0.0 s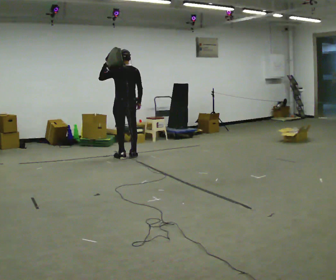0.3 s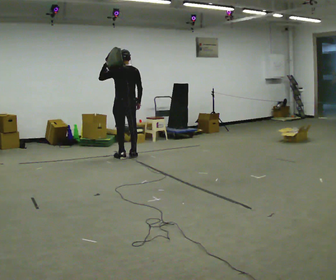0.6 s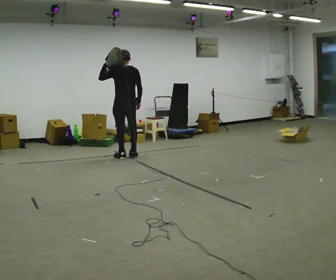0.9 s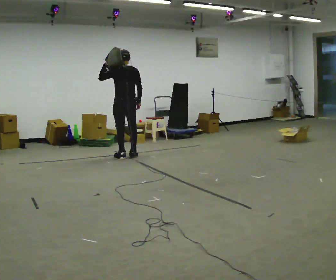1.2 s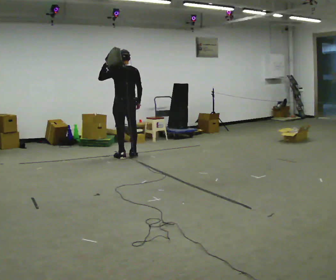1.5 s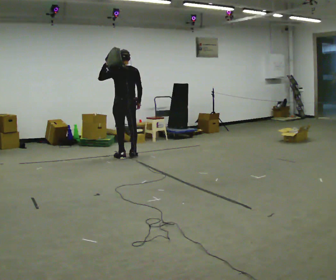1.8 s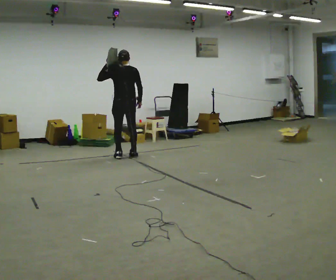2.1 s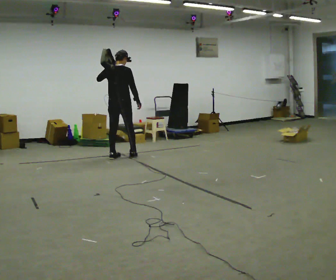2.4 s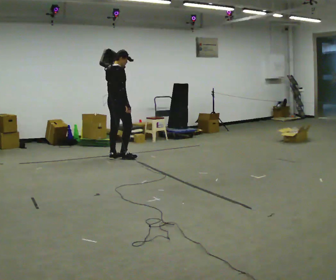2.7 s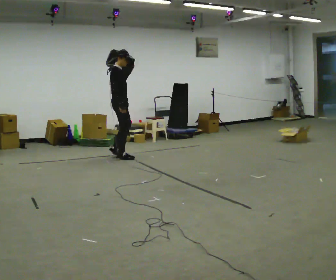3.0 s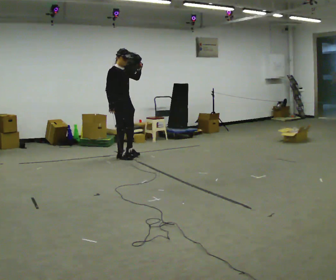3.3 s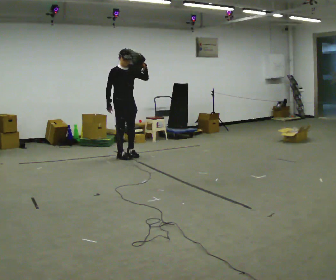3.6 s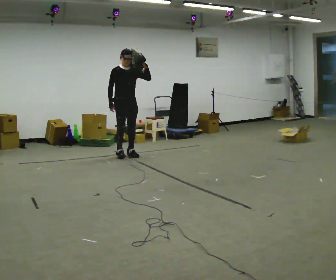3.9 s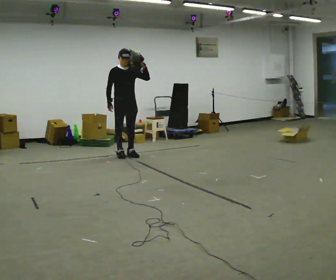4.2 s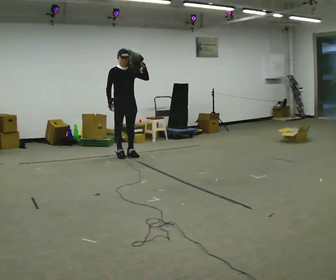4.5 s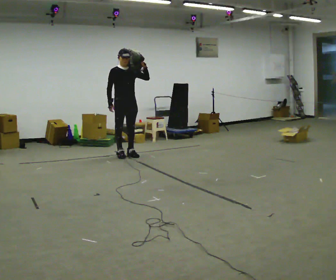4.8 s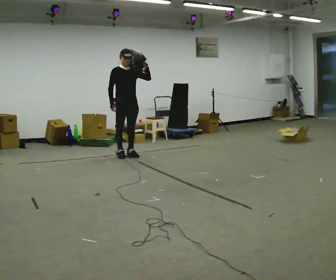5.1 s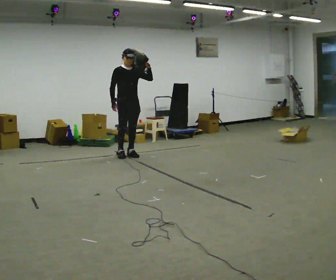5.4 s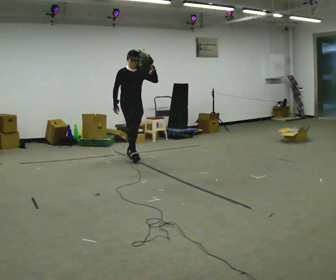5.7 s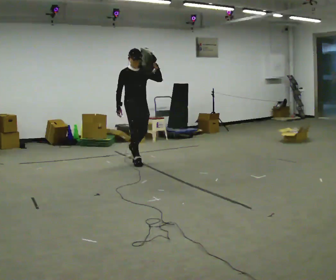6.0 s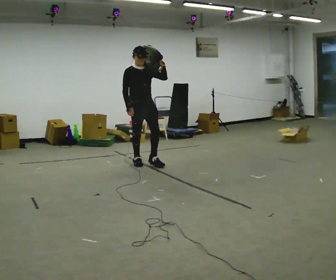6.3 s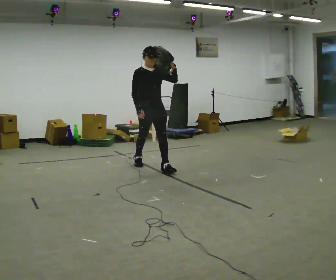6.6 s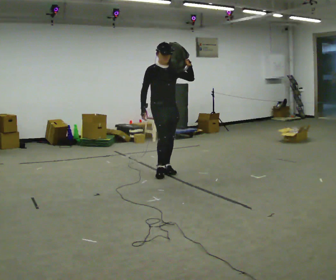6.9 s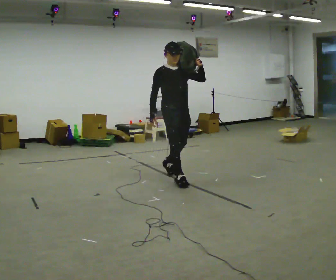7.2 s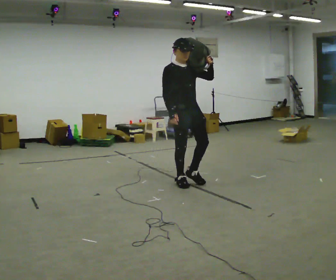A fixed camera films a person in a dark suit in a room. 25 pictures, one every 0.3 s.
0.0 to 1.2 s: The person keeps their place and pose.
1.2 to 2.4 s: Seen from above the body turns clockwise, about 75 degrees: to their right, with its near side sliding to the left.
2.4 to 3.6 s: The part of the body nearest the lens slides to the left as the person turns to their right by about 105 degrees. In the picture they go away from the camera, about 0.25 m in 3 steps. In the picture their left hand goes to the right.
3.6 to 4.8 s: The person moves a little, or ends about where they began.
4.8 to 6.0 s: In the picture they go toward the camera and to the right, about 0.75 m in 1 step, which for them is forward.
6.0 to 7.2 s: In the picture they go toward the camera and to the right, about 1.5 m in 2 steps, which for them is forward.
The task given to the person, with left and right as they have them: Put the soft bag up onto your shoulder and carry it across the room, back and forth.
The film runs forward here.
